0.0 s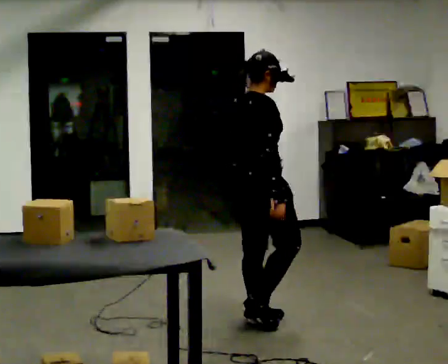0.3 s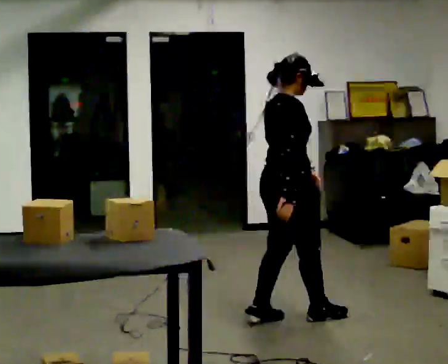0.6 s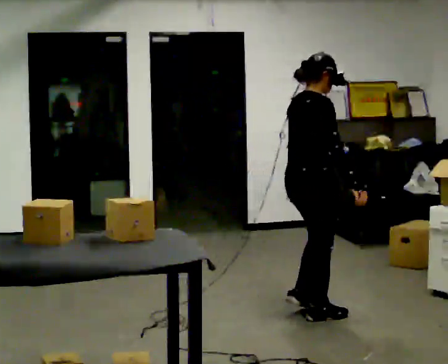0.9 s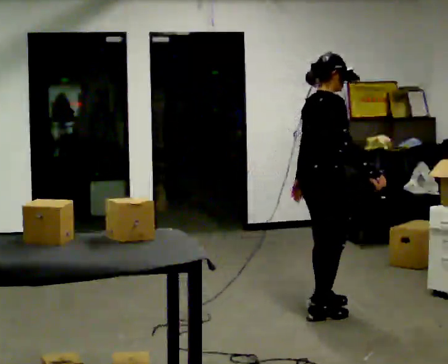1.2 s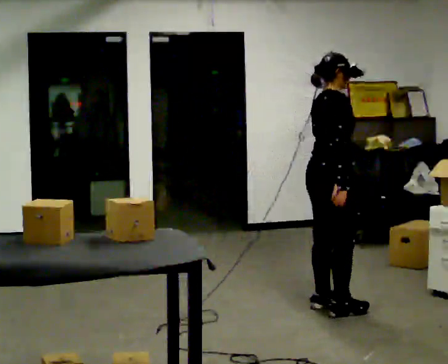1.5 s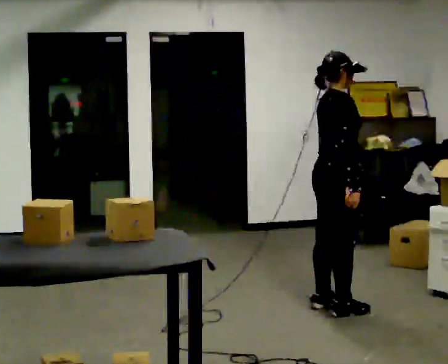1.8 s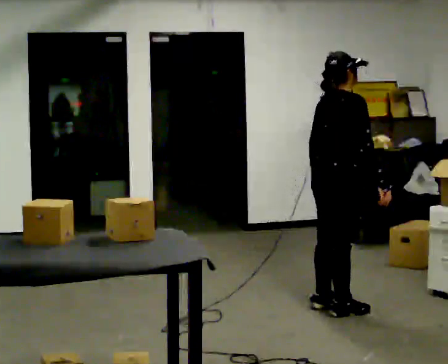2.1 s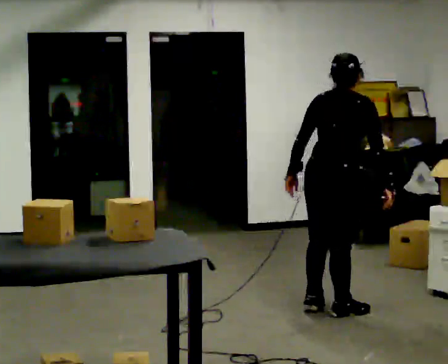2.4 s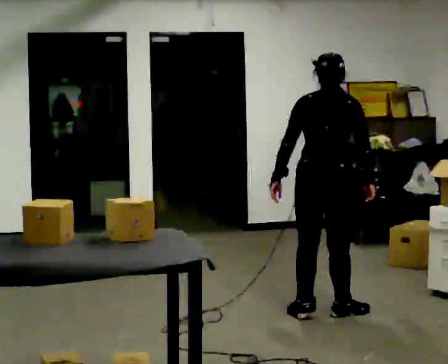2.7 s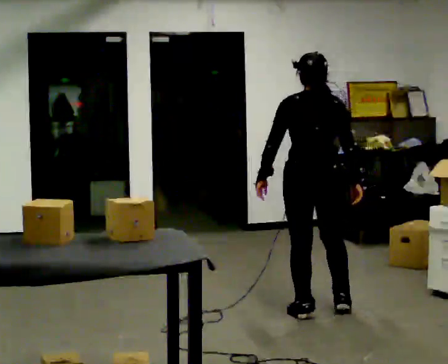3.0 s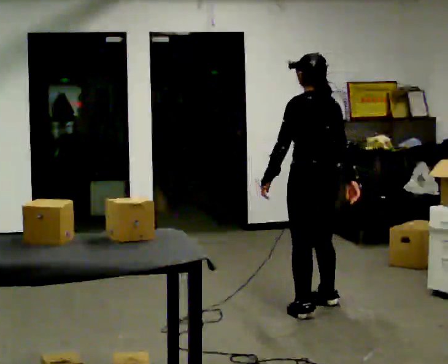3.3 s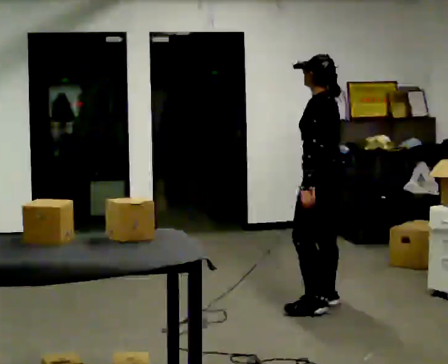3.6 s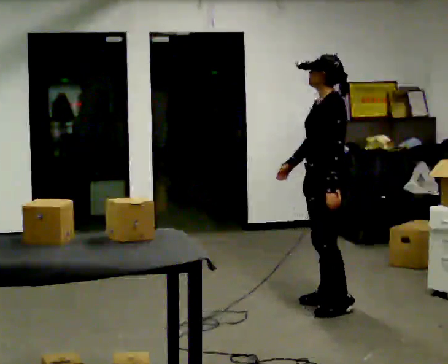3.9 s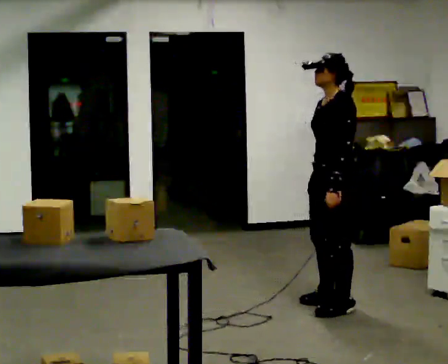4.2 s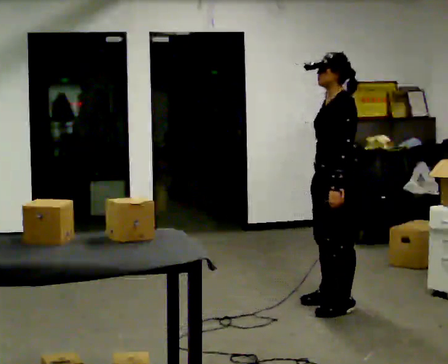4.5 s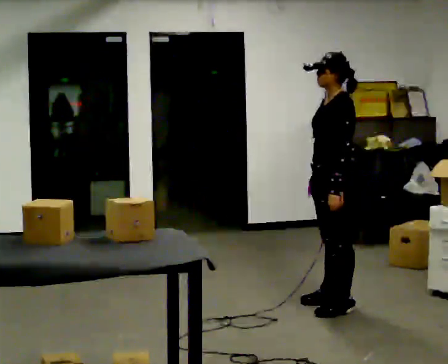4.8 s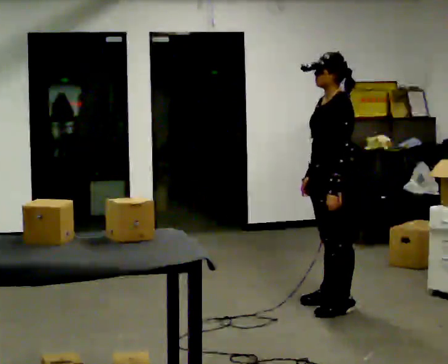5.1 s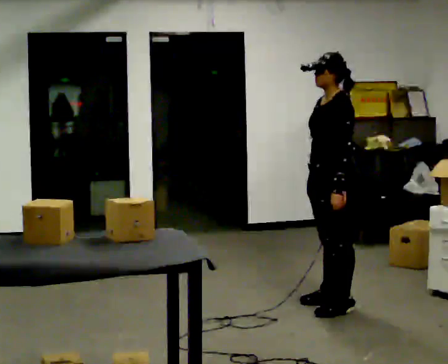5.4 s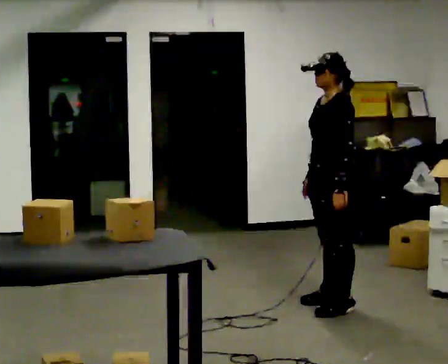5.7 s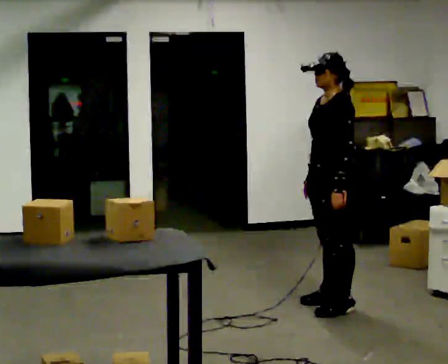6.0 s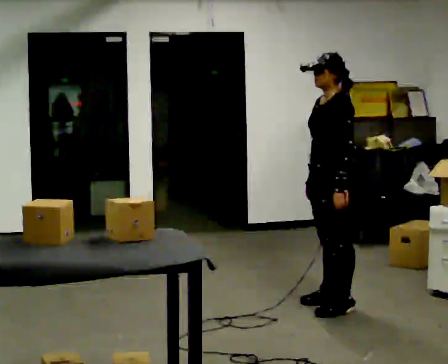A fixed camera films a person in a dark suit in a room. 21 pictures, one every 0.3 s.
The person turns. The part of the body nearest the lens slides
to the right.
The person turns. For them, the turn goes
to their left.
0.0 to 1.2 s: In the picture they go to the right and away from the camera, about 0.5 m in 3 steps, which for them is forward.
1.2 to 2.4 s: Seen from above the body turns counterclockwise, about 60 degrees: to their left, with its near side sliding to the right. In the picture their left hand goes to the left, the arm swinging clockwise.
2.4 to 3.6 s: The person turns about 120 degrees to their left, counterclockwise seen from above, so the part of the body nearest the lens slides to the right. In the picture they go away from the camera, about 0.25 m in 2 steps. In the picture their right hand goes to the left, the arm swinging clockwise.
3.6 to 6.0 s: The person moves a little, or ends about where they began.
The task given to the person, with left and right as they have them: Take the boxes off the top, get the one from the bottom, carry it away, then put the others back. Keep going until the operator says stop; one object at a time, and do not rush between trips.
The film runs forward here.
